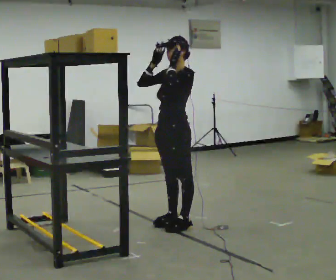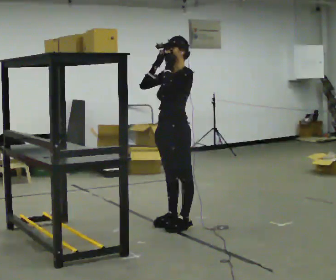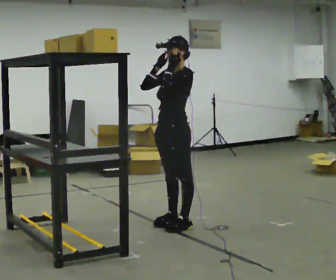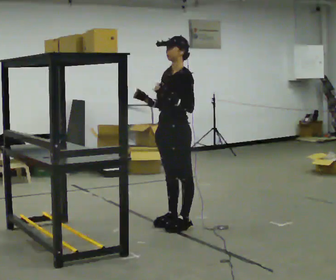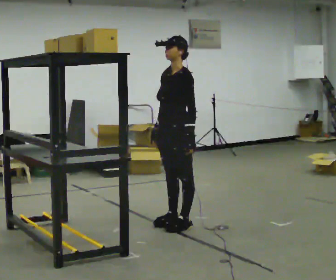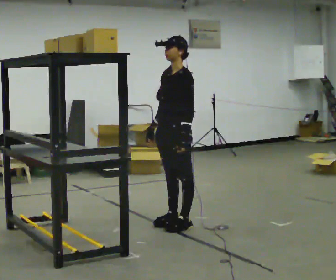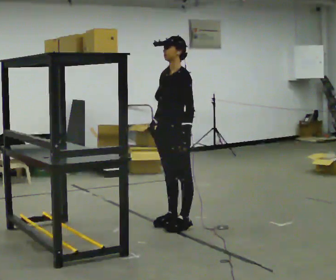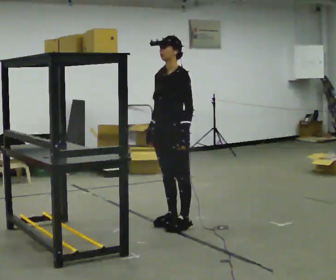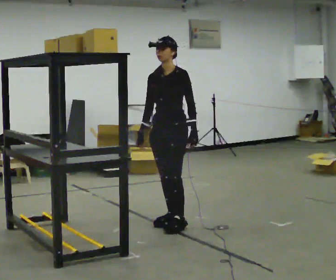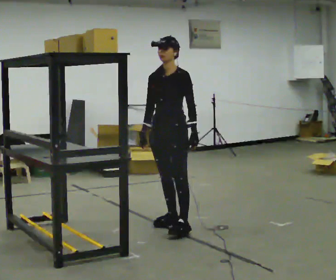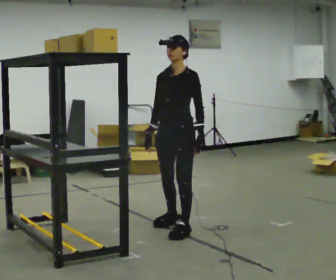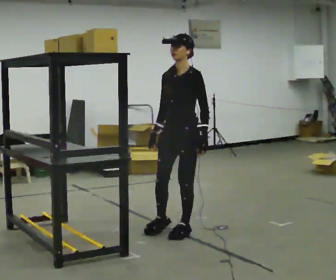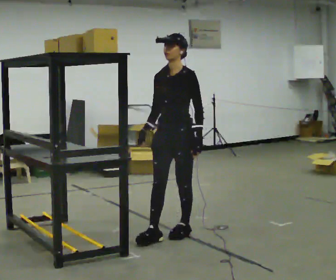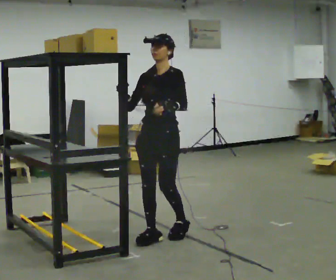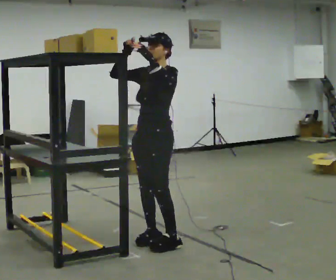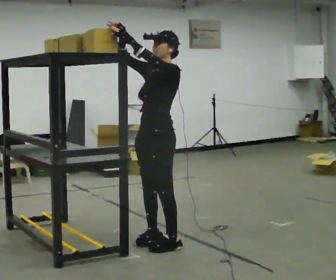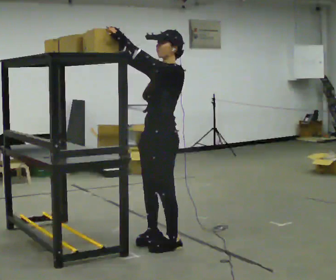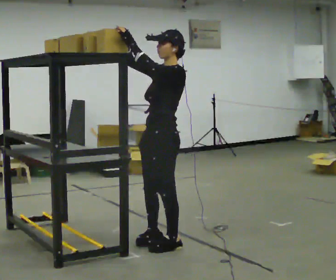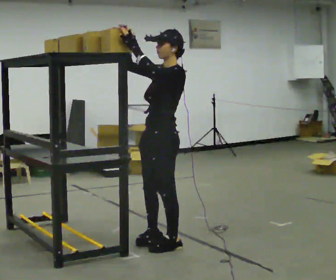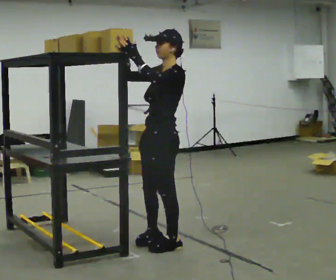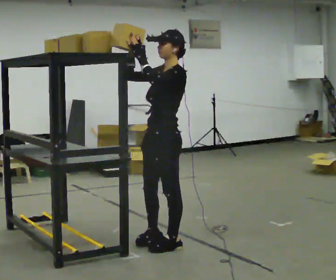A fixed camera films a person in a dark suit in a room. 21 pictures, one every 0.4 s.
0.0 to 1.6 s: In the picture their left hand goes downward.
1.6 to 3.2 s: The person moves a little, or ends about where they began.
3.2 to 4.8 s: In the picture they go toward the camera, about 0.25 m in 2 steps, which for them is to their left and forward.
4.8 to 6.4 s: The person turns about 30 degrees to their right, clockwise seen from above, so the part of the body nearest the lens slides to the left. In the picture they go toward the camera, about 0.25 m in 1 step, which for them is forward and to their left. In the picture their left hand goes upward.
6.4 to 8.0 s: The person moves a little, or ends about where they began.
The film runs forward here.
